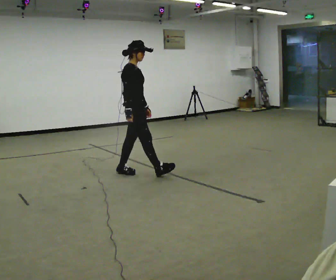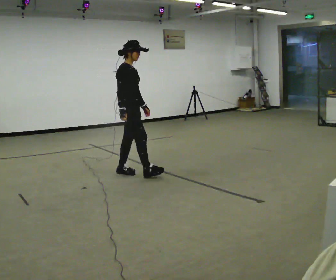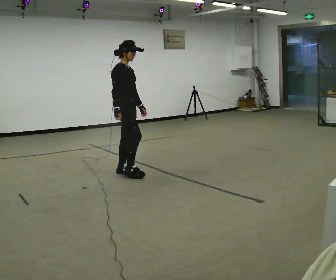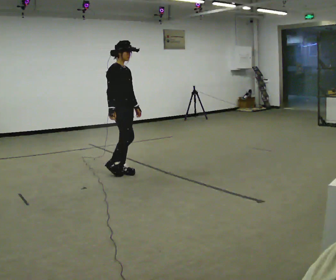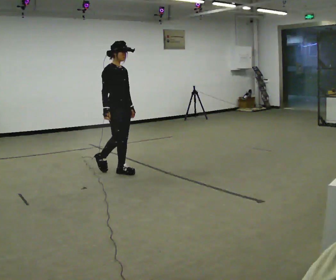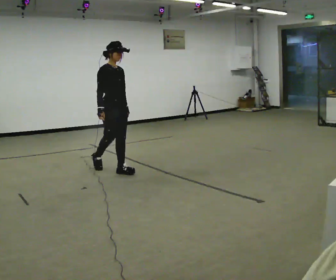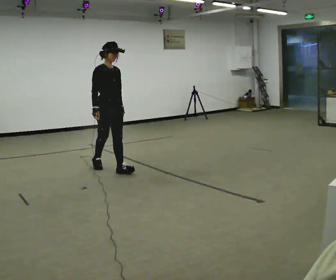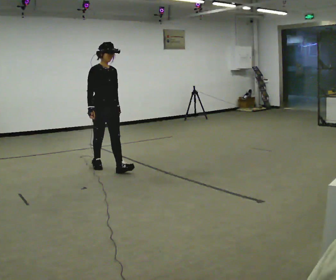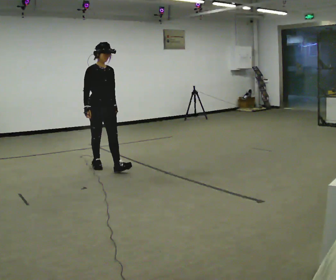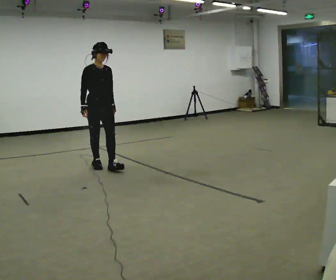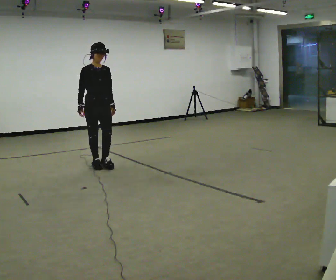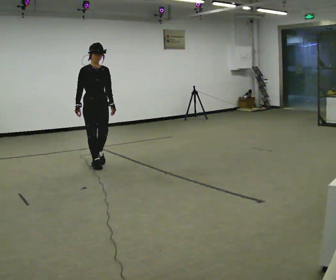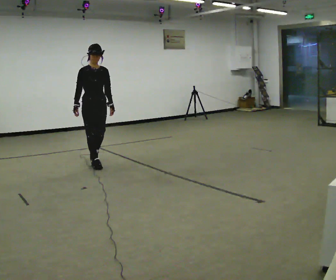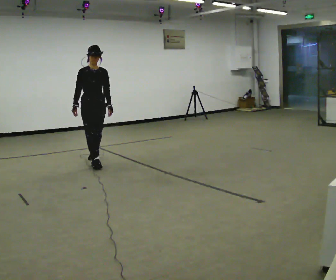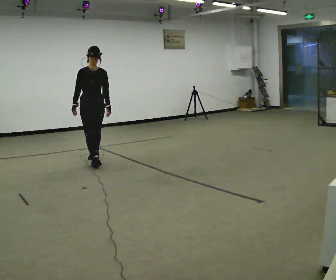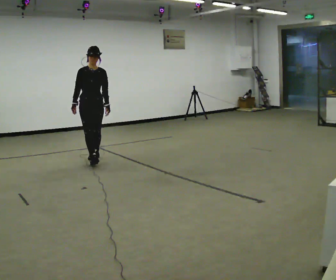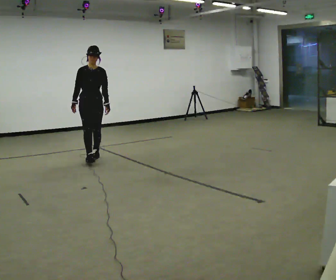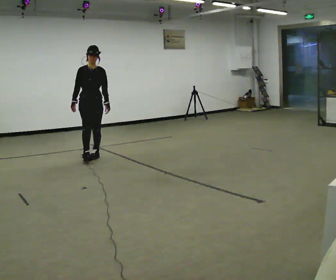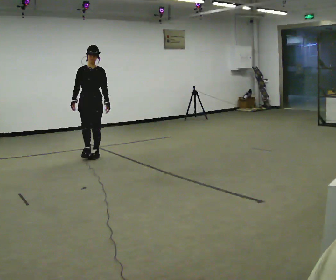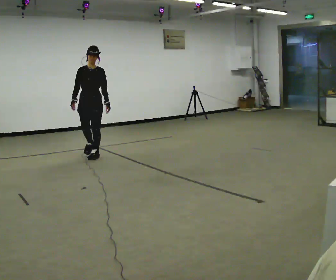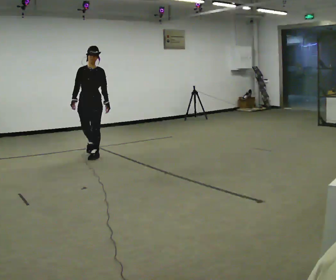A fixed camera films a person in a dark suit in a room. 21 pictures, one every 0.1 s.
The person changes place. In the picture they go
away from the camera.
The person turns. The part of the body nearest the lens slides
to the left.
0.0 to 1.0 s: Seen from above the body turns clockwise, about 45 degrees: to their right, with its near side sliding to the left. In the picture they go away from the camera and to the left, about 0.75 m in 1 step, which for them is backward.
1.0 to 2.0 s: The part of the body nearest the lens slides to the left as the person turns to their right by about 45 degrees. In the picture they go away from the camera, about 0.5 m in 1 step, which for them is backward.
The film runs backward here.
